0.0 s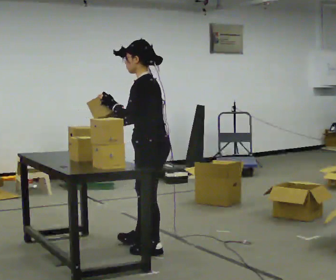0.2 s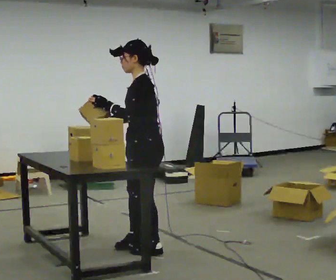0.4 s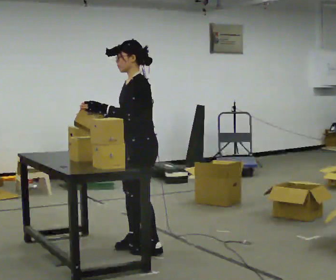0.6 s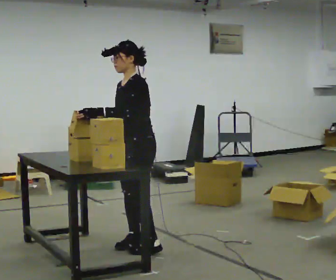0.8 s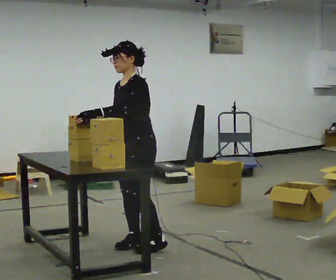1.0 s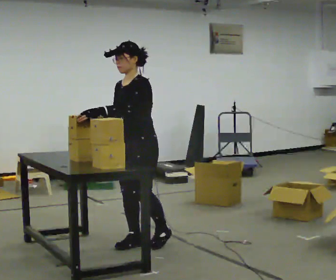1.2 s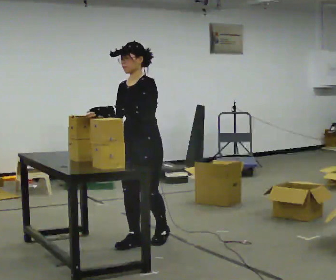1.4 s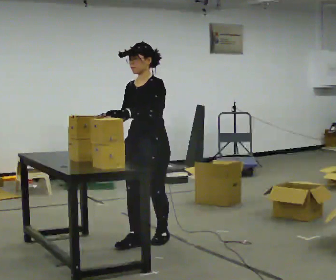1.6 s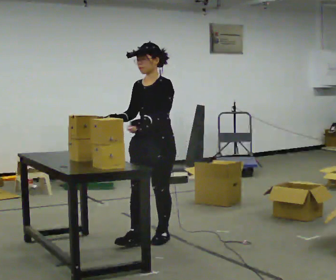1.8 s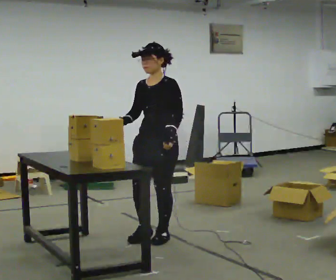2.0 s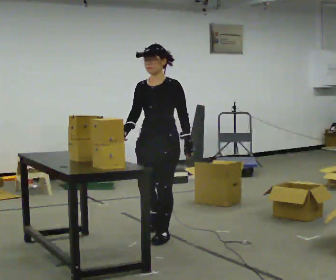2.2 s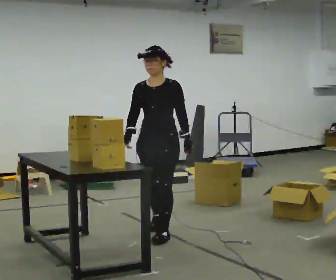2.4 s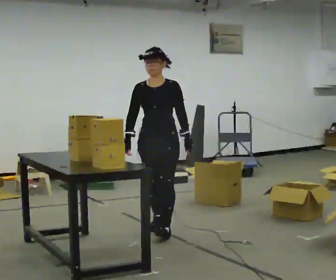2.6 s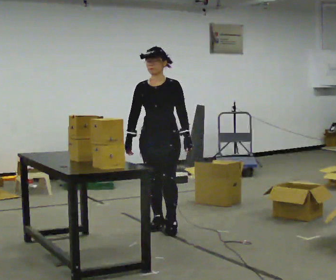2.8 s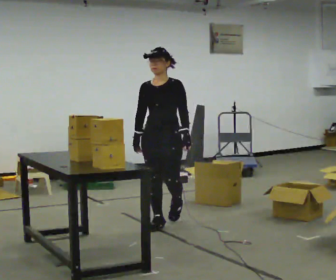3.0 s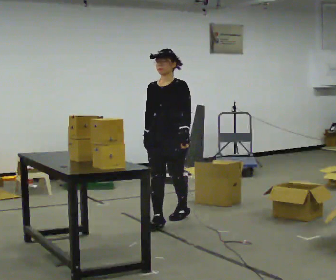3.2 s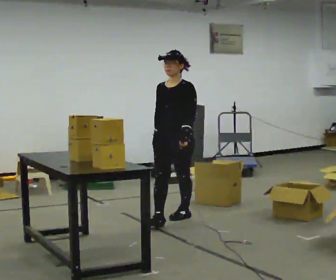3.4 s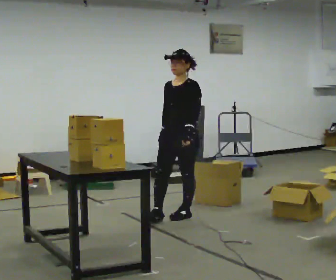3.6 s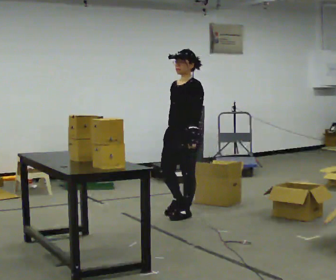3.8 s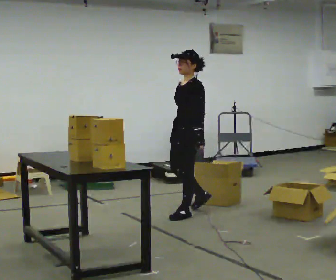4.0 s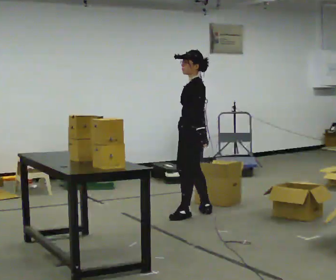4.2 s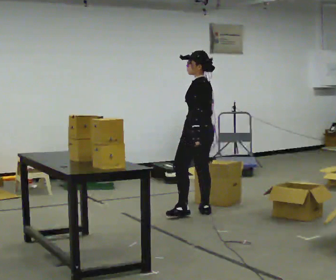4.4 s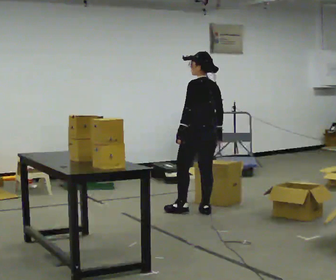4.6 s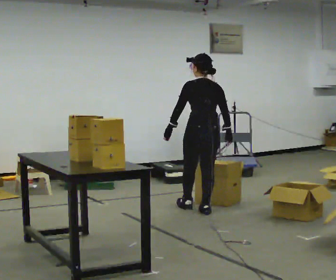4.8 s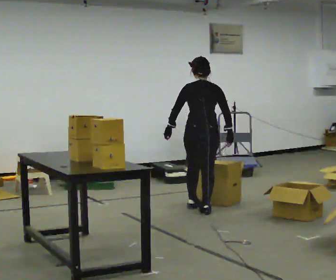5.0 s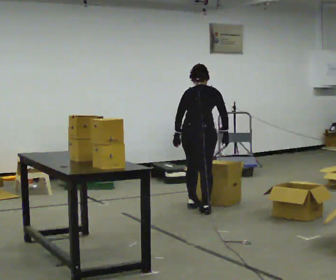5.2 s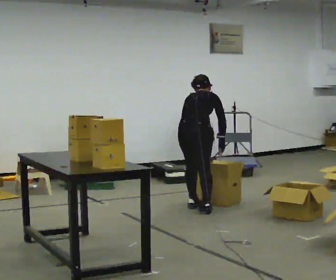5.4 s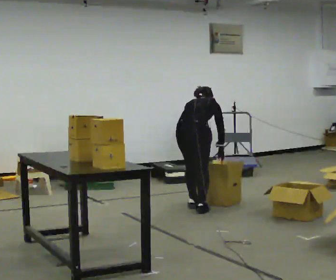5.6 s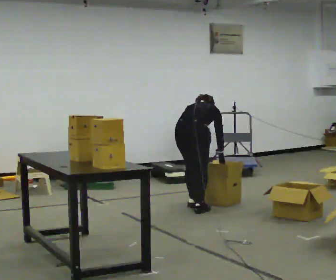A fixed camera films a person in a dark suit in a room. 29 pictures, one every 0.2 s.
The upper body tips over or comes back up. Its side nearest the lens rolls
upward.
Their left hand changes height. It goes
downward.
0.0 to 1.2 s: Seen from above the body turns counterclockwise, about 60 degrees: to their left, with its near side sliding to the right. In the picture they go away from the camera, about 0.25 m in 1 step.
1.2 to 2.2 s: In the picture they go away from the camera, about 0.25 m in 1 step, which for them is backward.
2.2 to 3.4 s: In the picture they go away from the camera, about 0.5 m in 2 steps, which for them is backward.
3.4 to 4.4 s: The person turns about 105 degrees to their right, clockwise seen from above, so the part of the body nearest the lens slides to the left. In the picture they go to the right and away from the camera, about 0.25 m in 1 step.
4.4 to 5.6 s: The part of the body nearest the lens slides to the left as the person turns to their right by about 60 degrees. In the picture they go away from the camera, about 0.25 m. The upper body goes downward. The upper body tips away from the camera, its near side rolling upward, as they bend forward. In the picture their left hand goes downward.
The film runs backward here.
